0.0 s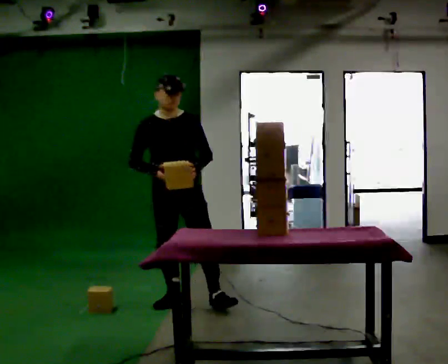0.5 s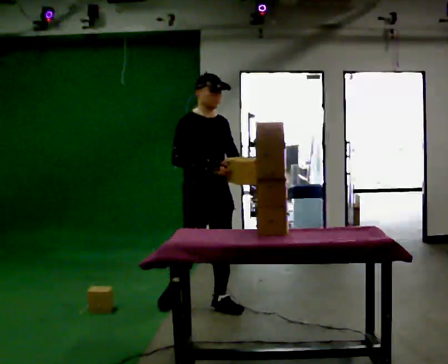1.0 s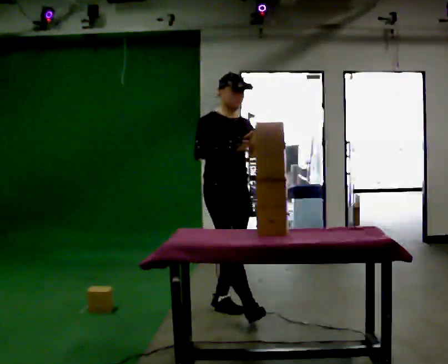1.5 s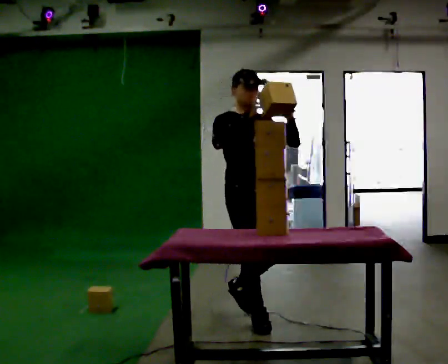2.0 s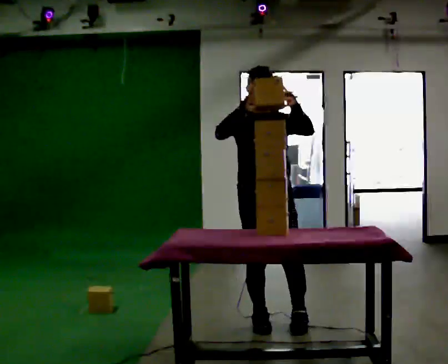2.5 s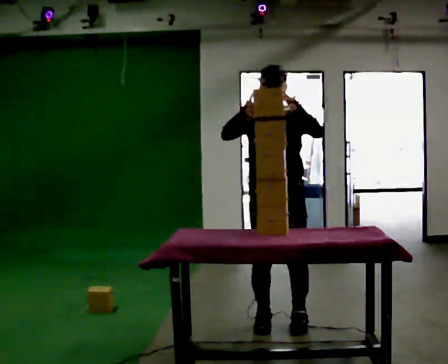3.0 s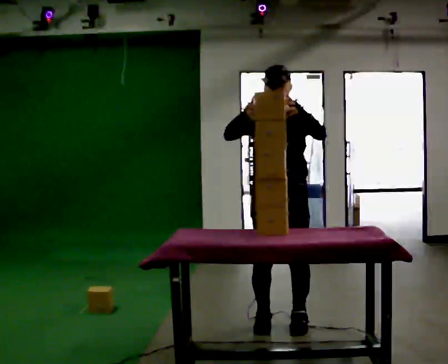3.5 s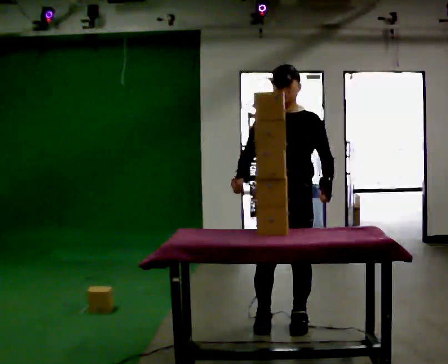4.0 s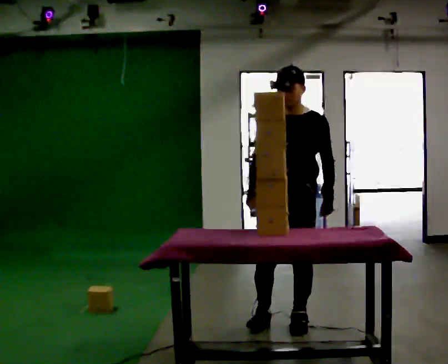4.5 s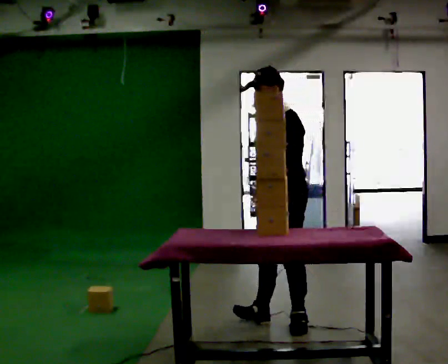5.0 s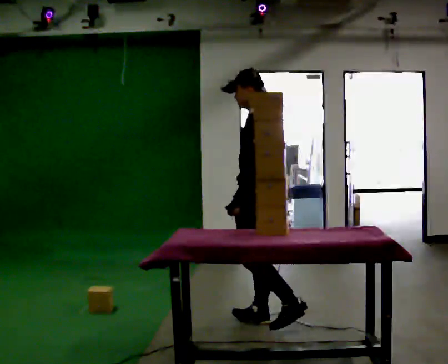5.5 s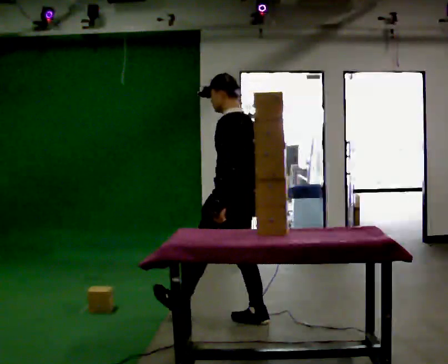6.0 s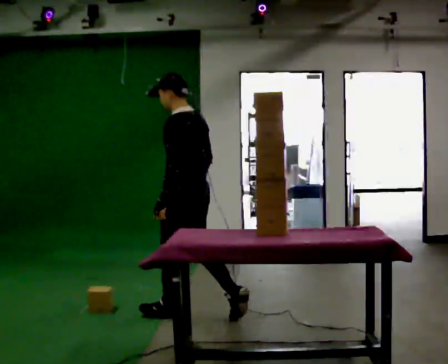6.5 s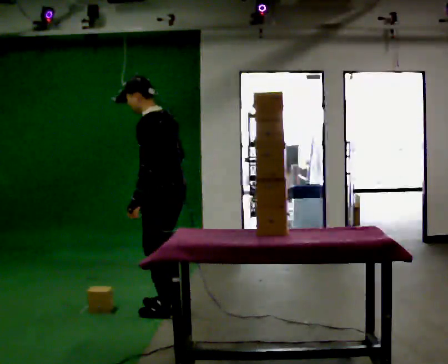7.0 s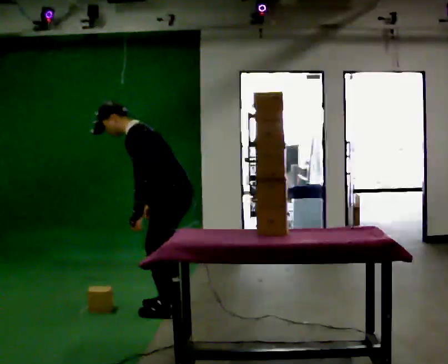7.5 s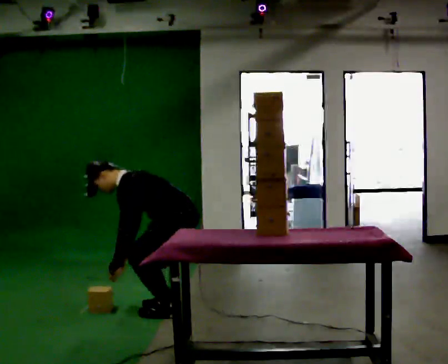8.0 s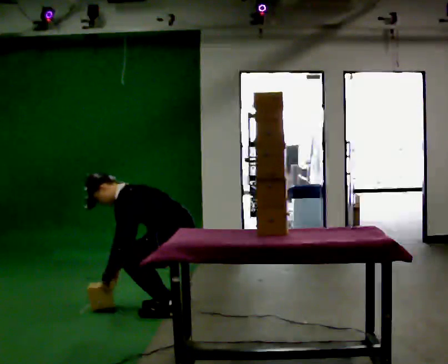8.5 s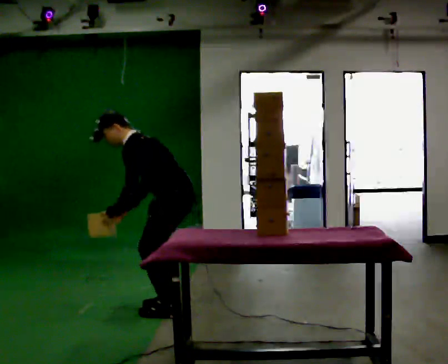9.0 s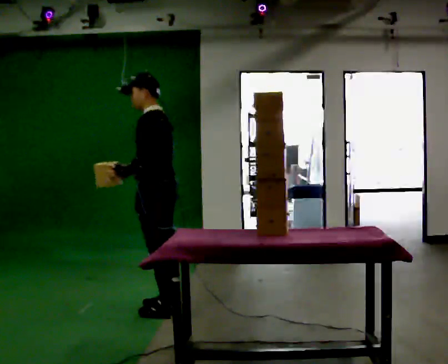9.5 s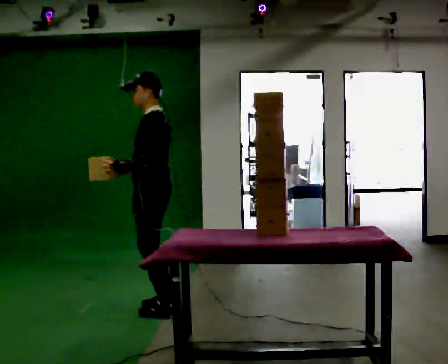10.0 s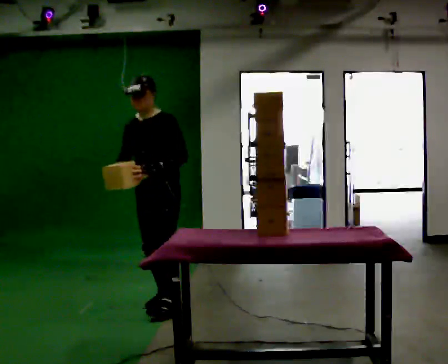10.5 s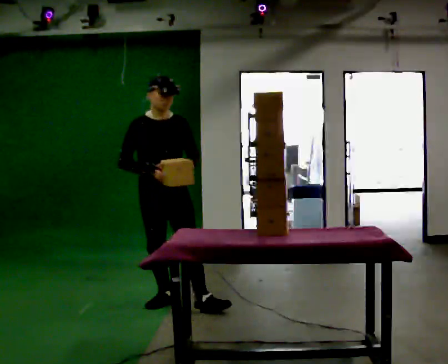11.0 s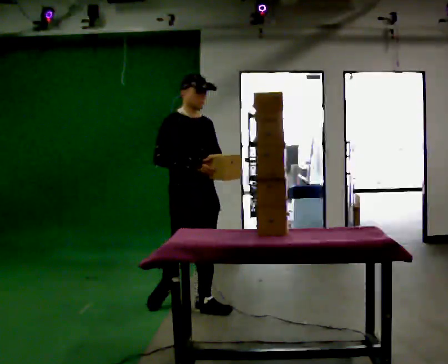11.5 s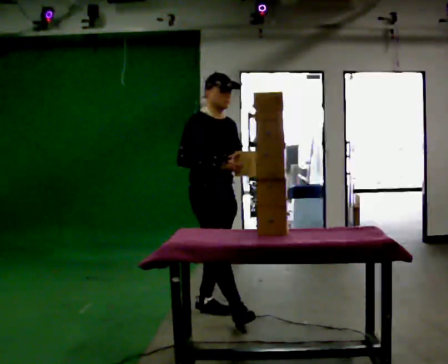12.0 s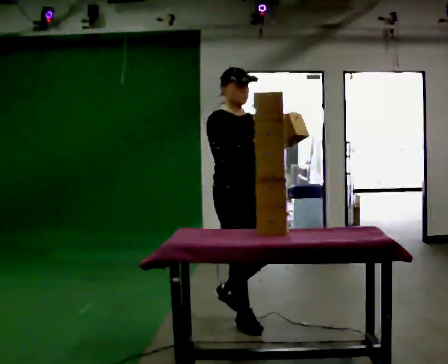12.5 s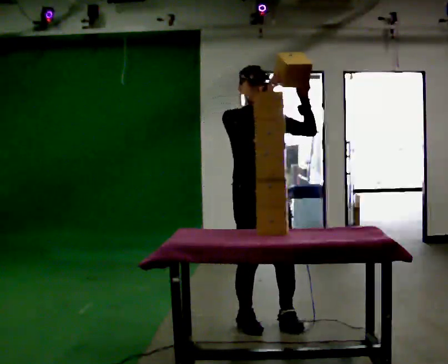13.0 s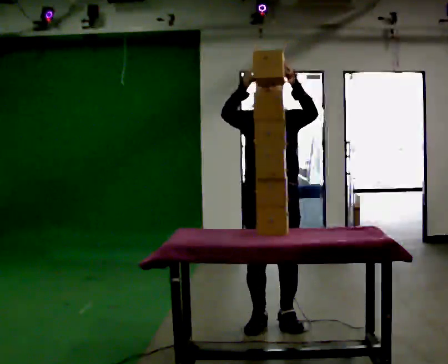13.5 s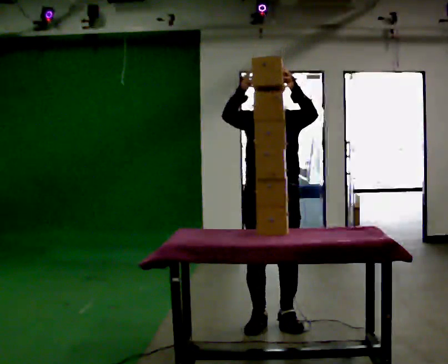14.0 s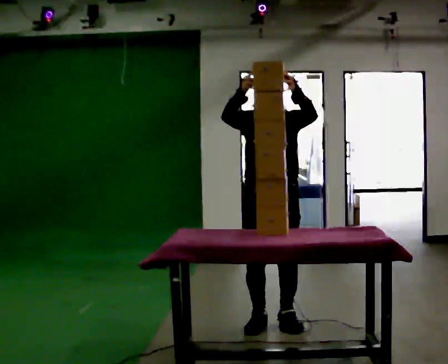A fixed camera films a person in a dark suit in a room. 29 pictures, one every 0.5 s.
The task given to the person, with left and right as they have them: Bring the boxes over one at a time and stack them on top of each other, walking back for each one. Keep going until the operator says stop; one object at a time, and do not rush between trips.
0.0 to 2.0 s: In the picture they go toward the camera and to the right, about 1 m in 2 steps, which for them is forward. In the picture their left hand goes upward.
2.0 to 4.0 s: Seen from above the body turns clockwise, about 30 degrees: to their right, with its near side sliding to the left. In the picture they go to the right, about 0.25 m, which for them is to their left. In the picture their right hand goes downward.
4.0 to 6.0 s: The person turns about 90 degrees to their right, clockwise seen from above, so the part of the body nearest the lens slides to the left. In the picture they go to the left and away from the camera, about 0.5 m in 1 step.
6.0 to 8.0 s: The part of the body nearest the lens slides to the right as the person turns to their left by about 30 degrees. In the picture they go away from the camera, about 0.25 m in 1 step, which for them is to their right. The shoulders move downward. In the picture the upper body tilts counterclockwise, shoulders to the left, as they bend forward. In the picture their right hand goes to the left and downward.
8.0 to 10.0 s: The person turns about 60 degrees to their left, counterclockwise seen from above, so the part of the body nearest the lens slides to the right. In the picture they go away from the camera, about 0.25 m in 1 step. The shoulders move upward. In the picture the upper body tilts clockwise, shoulders to the right, as they lean back or straighten. In the picture their right hand goes upward.
10.0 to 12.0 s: The part of the body nearest the lens slides to the right as the person turns to their left by about 75 degrees. In the picture they go toward the camera and to the right, about 0.5 m in 2 steps.
12.0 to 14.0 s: Seen from above the body turns clockwise, about 45 degrees: to their right, with its near side sliding to the left. In the picture they go to the right, about 0.25 m in 2 steps, which for them is to their left. In the picture their left hand goes upward.
The film runs forward here.
